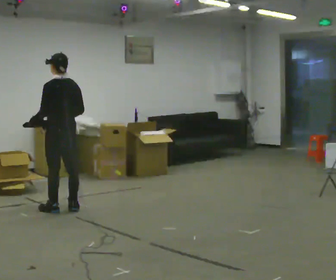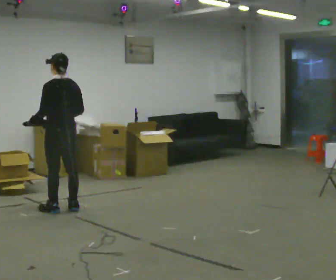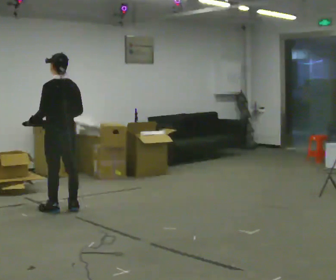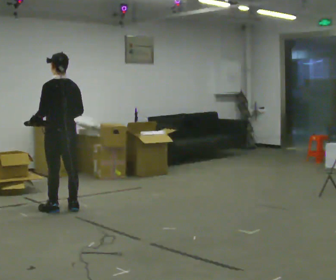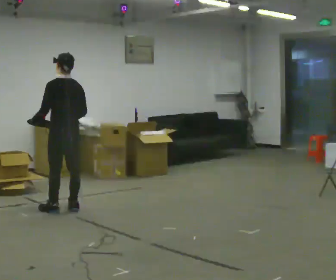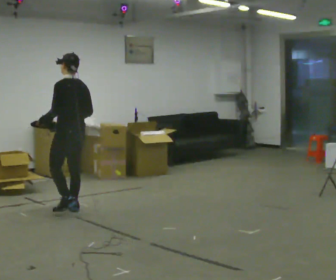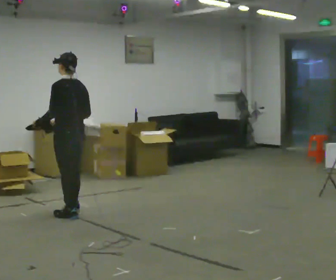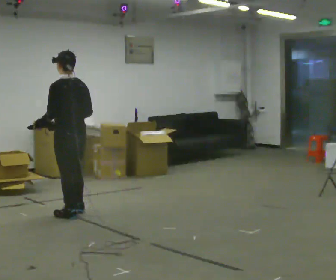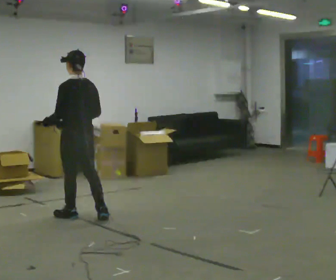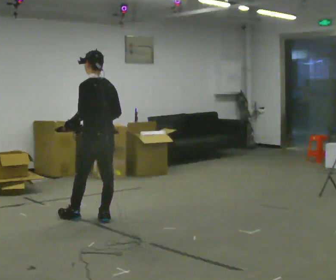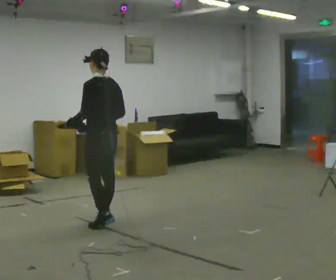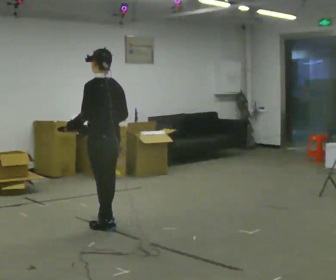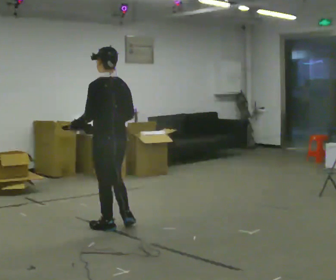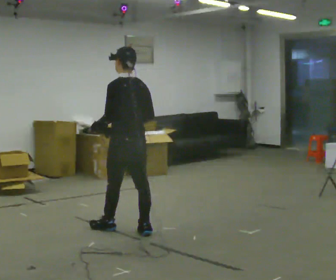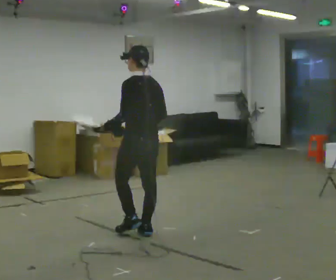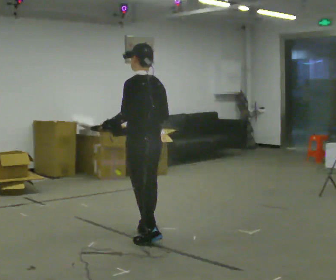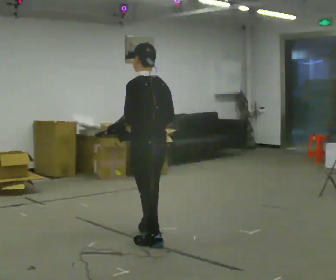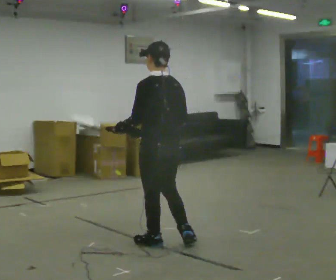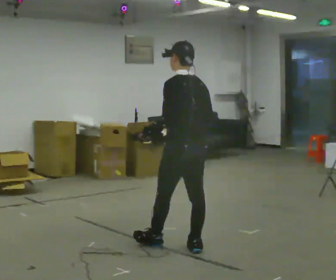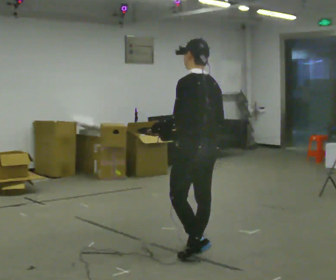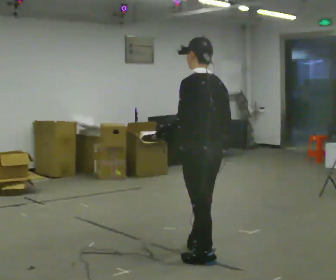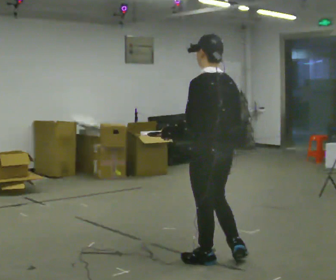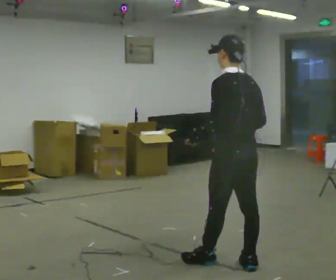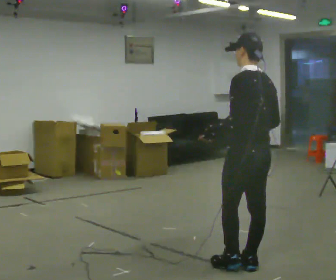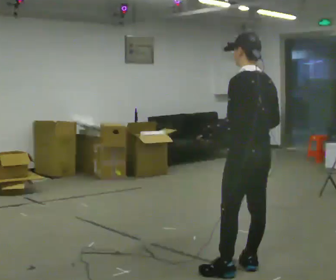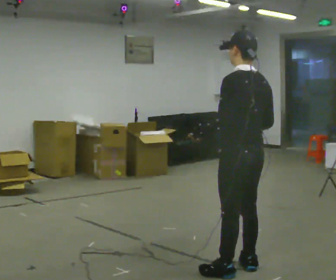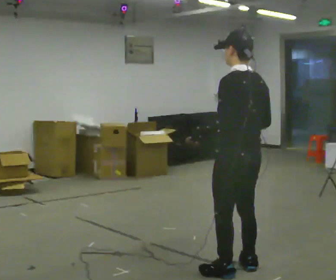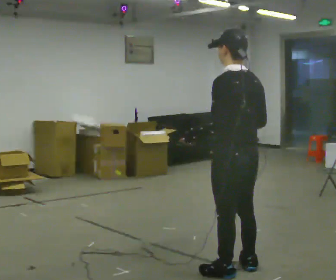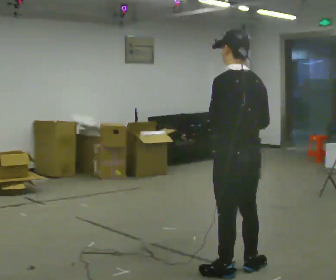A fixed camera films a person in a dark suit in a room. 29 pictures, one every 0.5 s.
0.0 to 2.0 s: The person moves a little, or ends about where they began.
2.0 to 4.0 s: In the picture they go toward the camera and to the right, about 0.5 m in 2 steps, which for them is backward.
4.0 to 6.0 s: In the picture they go toward the camera and to the right, about 0.5 m in 2 steps, which for them is backward.
6.0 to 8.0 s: In the picture they go toward the camera and to the right, about 0.5 m in 1 step, which for them is backward.
8.0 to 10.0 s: In the picture they go toward the camera and to the right, about 0.5 m in 2 steps, which for them is backward.
10.0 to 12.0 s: In the picture they go to the right and toward the camera, about 0.5 m in 2 steps, which for them is backward.
12.0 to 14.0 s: The person moves a little, or ends about where they began.
The film runs backward here.
